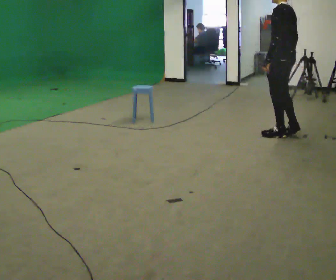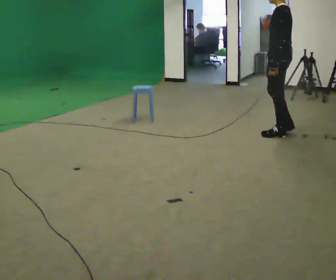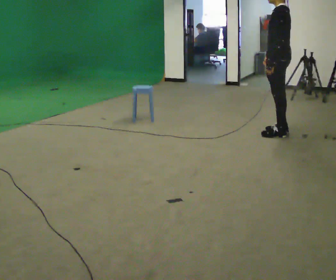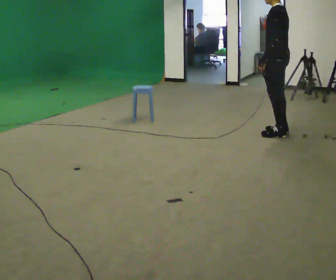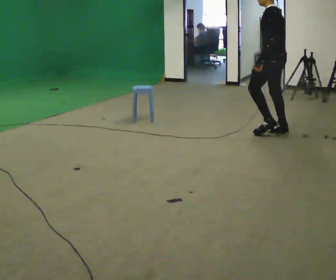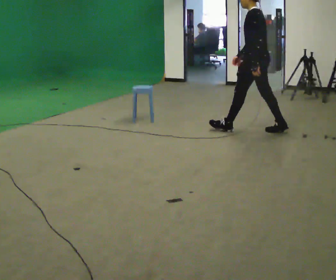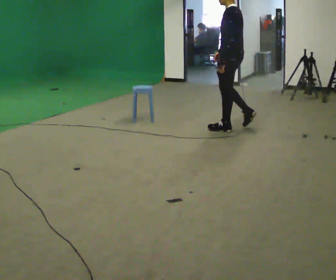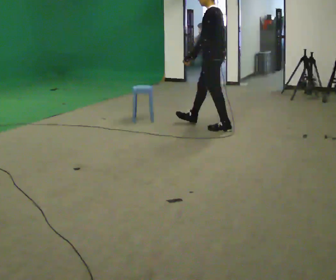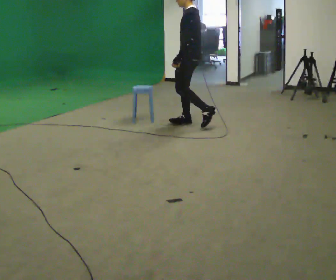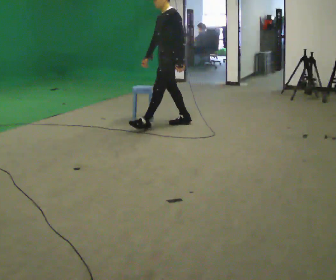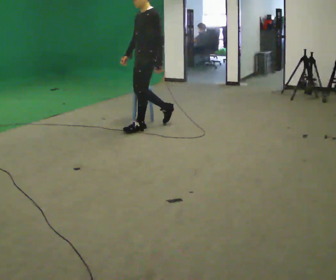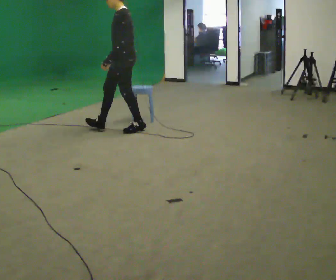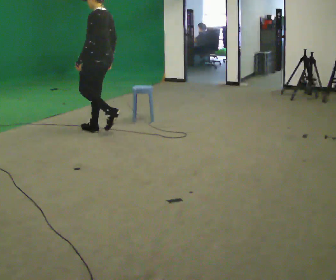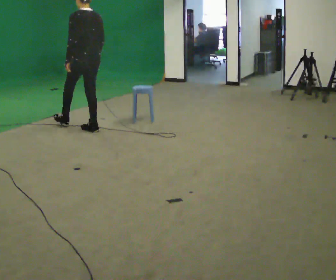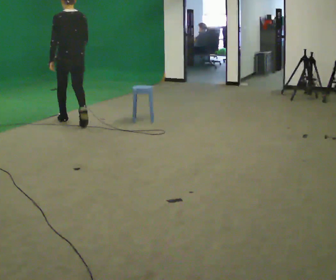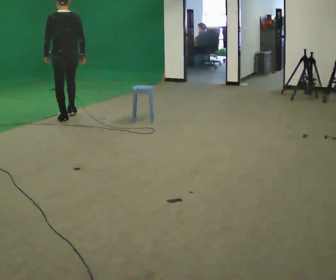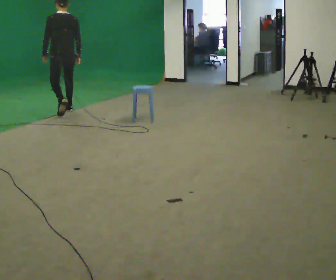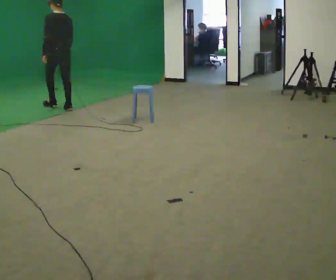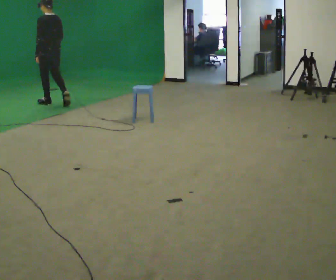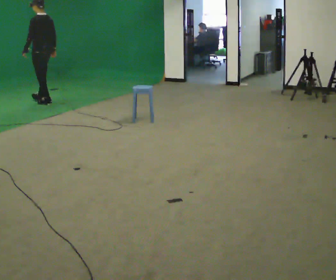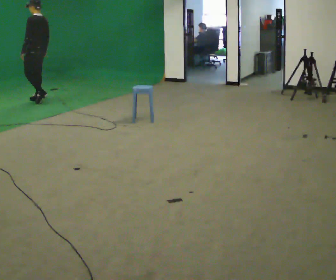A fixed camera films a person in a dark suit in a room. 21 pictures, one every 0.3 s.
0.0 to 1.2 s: The person moves a little, or ends about where they began.
1.2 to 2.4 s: The person turns about 30 degrees to their left, counterclockwise seen from above, so the part of the body nearest the lens slides to the right. In the picture they go to the left and away from the camera, about 1 m in 2 steps, which for them is forward.
2.4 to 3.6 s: In the picture they go to the left, about 1 m in 2 steps, which for them is forward and to their right.
3.6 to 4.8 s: The part of the body nearest the lens slides to the left as the person turns to their right by about 45 degrees. In the picture they go away from the camera and to the left, about 1 m in 2 steps, which for them is forward.
4.8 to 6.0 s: The person turns about 45 degrees to their left, counterclockwise seen from above, so the part of the body nearest the lens slides to the right. In the picture they go away from the camera and to the left, about 1 m in 2 steps, which for them is forward.
The film runs forward here.
